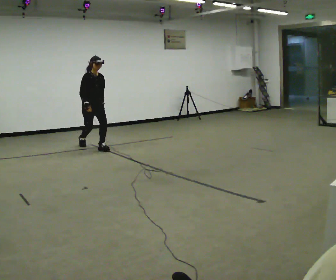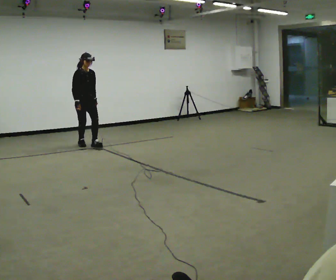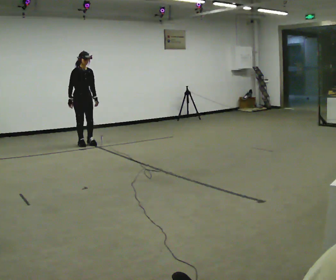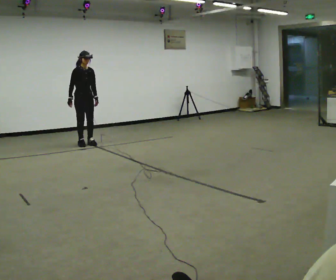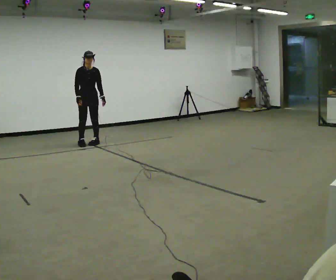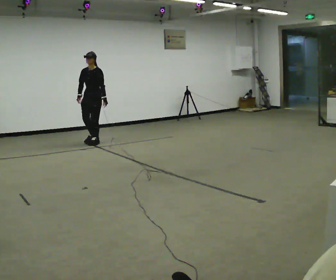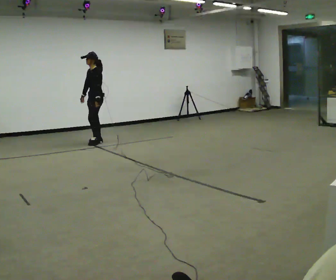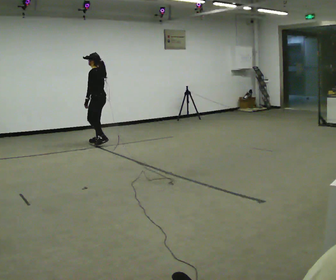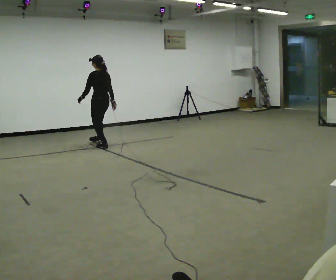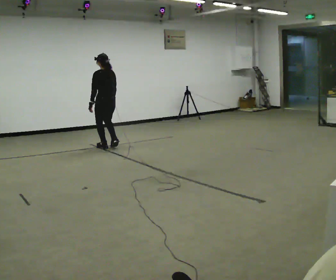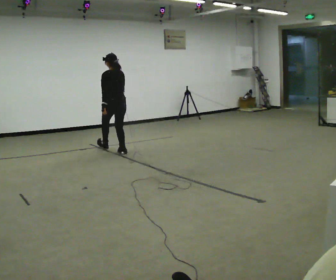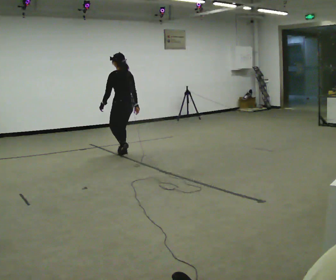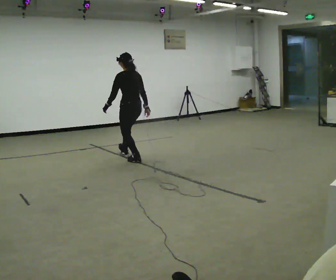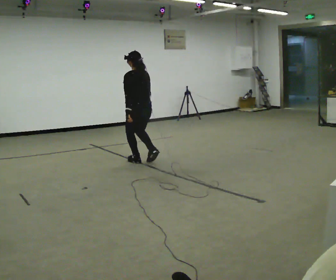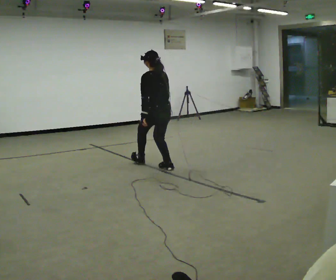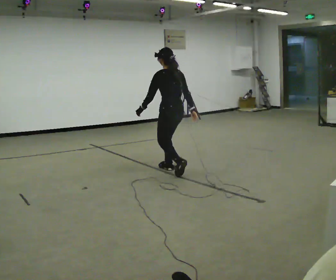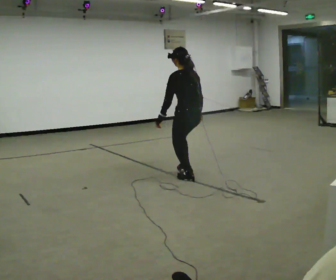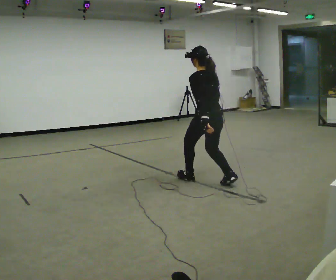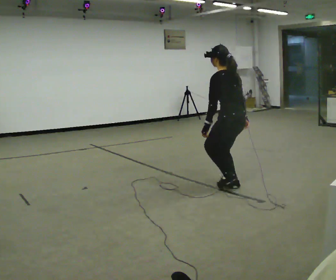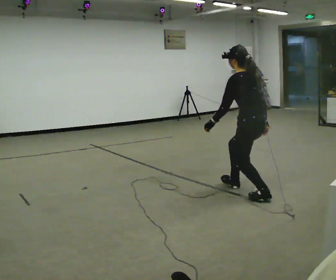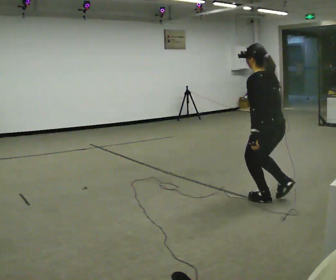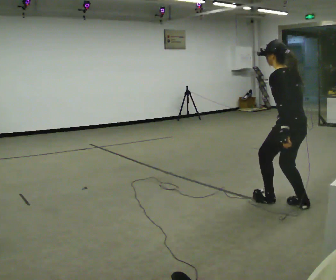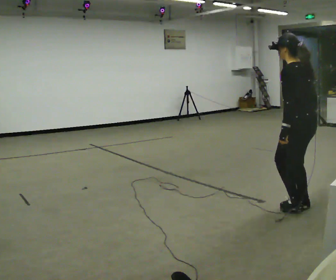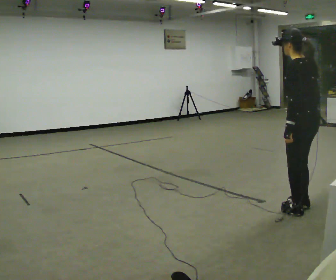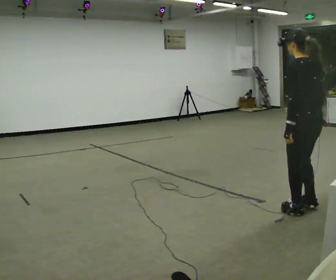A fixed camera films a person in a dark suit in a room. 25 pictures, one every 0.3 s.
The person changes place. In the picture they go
toward the camera.
0.0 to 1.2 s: In the picture they go away from the camera, about 0.5 m in 1 step, which for them is backward.
1.2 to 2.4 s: Seen from above the body turns clockwise, about 150 degrees: to their right, with its near side sliding to the left. In the picture they go to the right and toward the camera, about 0.25 m in 2 steps.
2.4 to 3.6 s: In the picture they go toward the camera and to the right, about 1 m in 3 steps, which for them is backward.
3.6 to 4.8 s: In the picture they go toward the camera and to the right, about 1.5 m in 2 steps, which for them is backward.
4.8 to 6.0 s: In the picture they go toward the camera and to the right, about 1 m in 2 steps, which for them is backward.
6.0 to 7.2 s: In the picture they go toward the camera, about 0.5 m in 2 steps, which for them is backward.
The film runs backward here.
